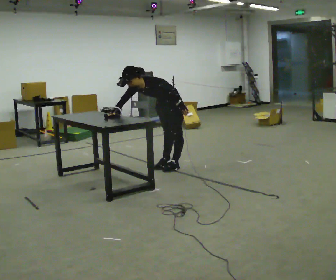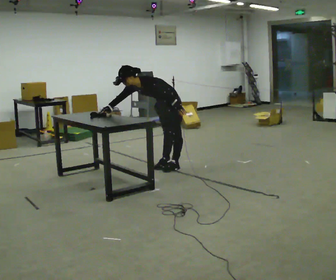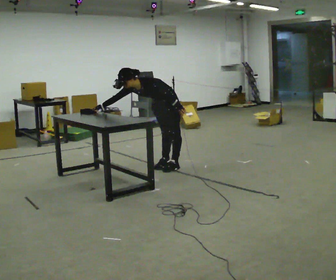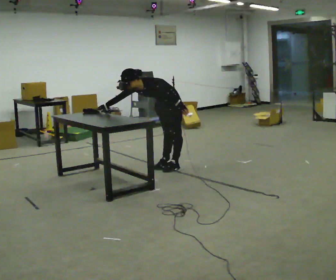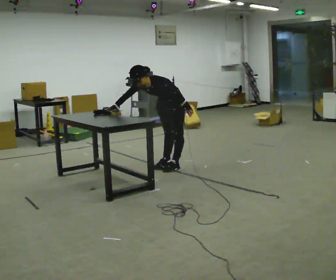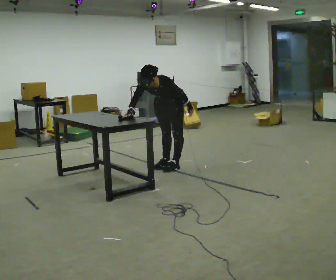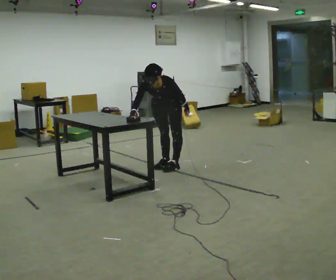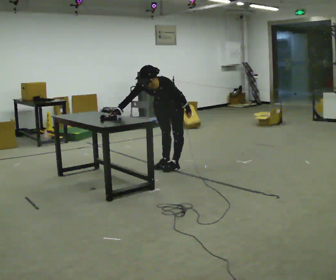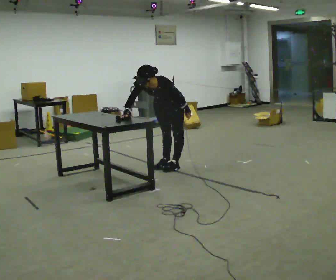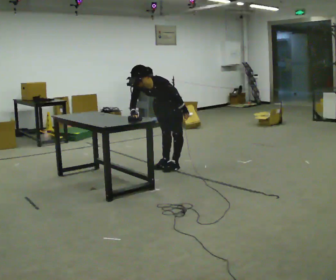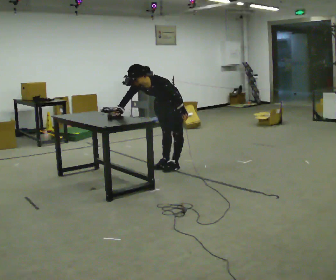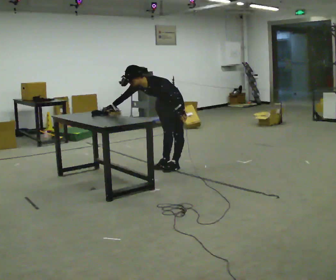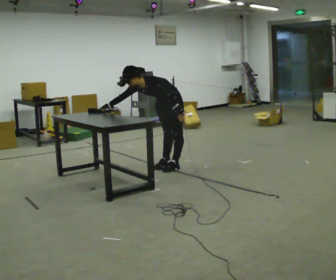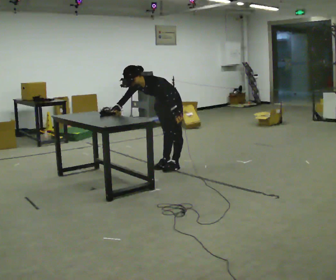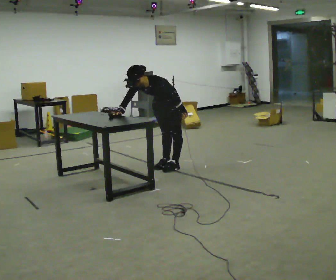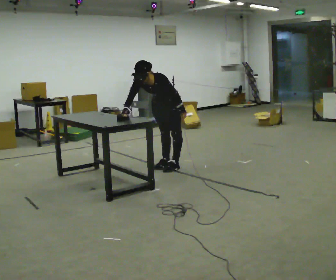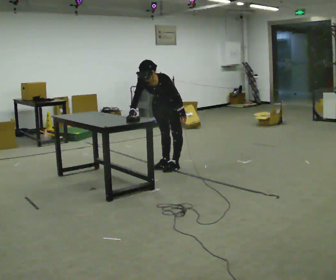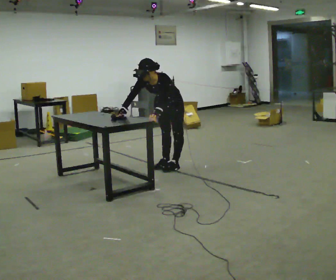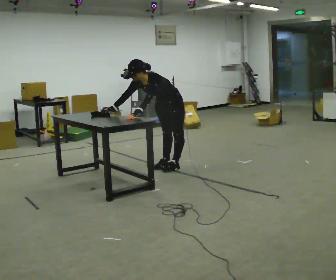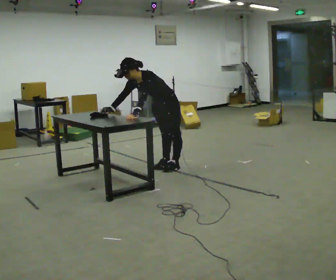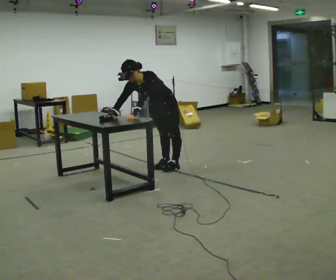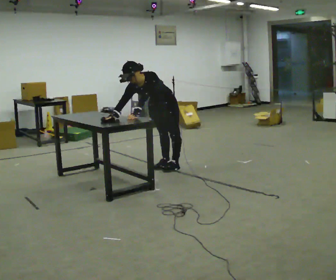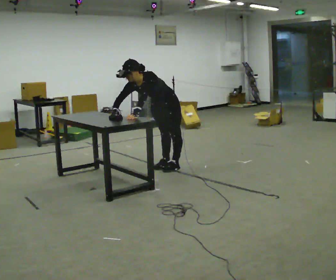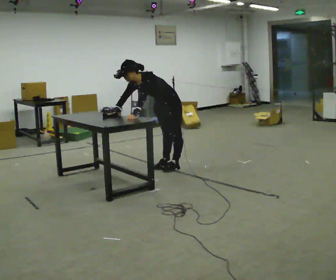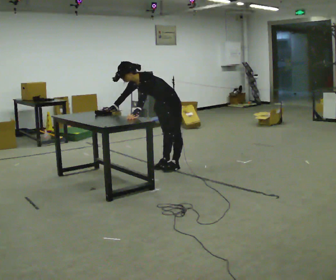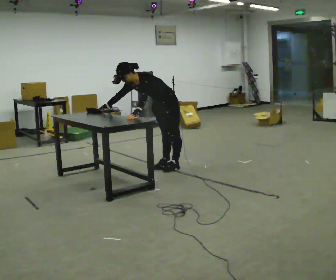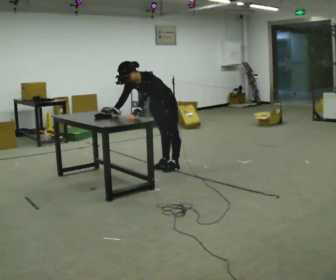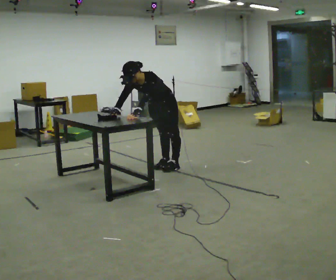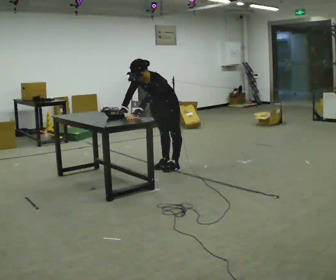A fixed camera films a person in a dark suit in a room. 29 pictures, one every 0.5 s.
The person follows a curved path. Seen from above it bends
counterclockwise.
0.0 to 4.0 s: The part of the body nearest the lens slides to the right as the person turns to their left by about 30 degrees.
4.0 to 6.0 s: In the picture the upper body tilts counterclockwise, shoulders to the left. In the picture their right hand goes to the left.
6.0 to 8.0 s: The part of the body nearest the lens slides to the right as the person turns to their left by about 30 degrees. In the picture the upper body tilts clockwise, shoulders to the right. In the picture their right hand goes to the right.
8.0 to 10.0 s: In the picture their left hand goes to the left, the arm swinging clockwise.
10.0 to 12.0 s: The person moves a little, or ends about where they began.
12.0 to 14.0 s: The person turns about 30 degrees to their left, counterclockwise seen from above, so the part of the body nearest the lens slides to the right. The upper body tips toward the camera, its near side rolling downward.
The film runs forward here.
